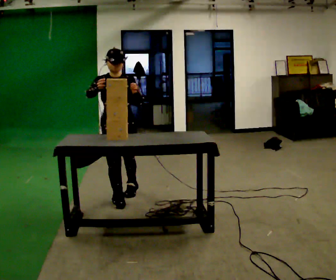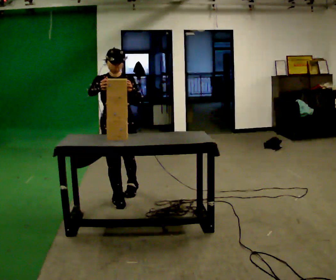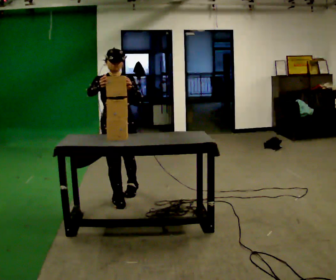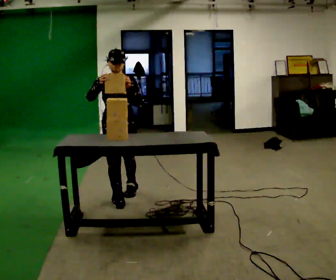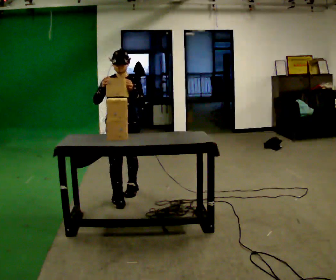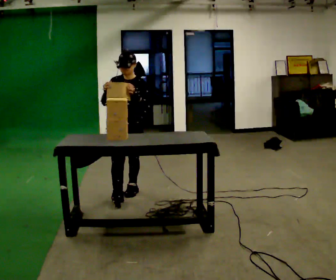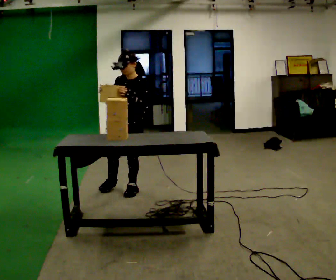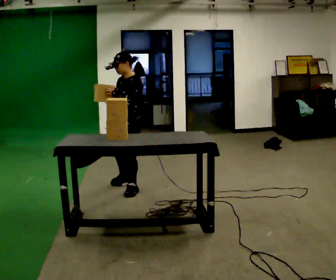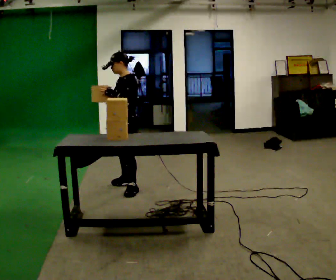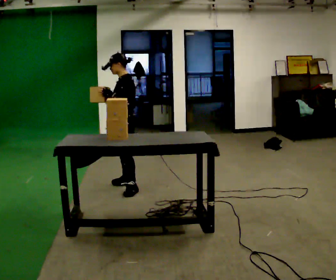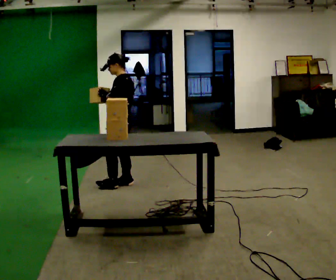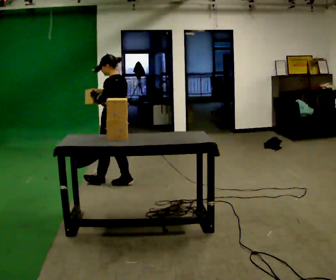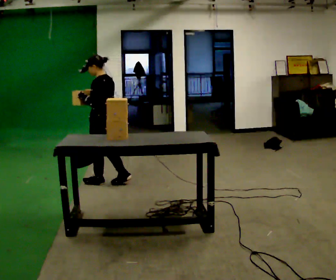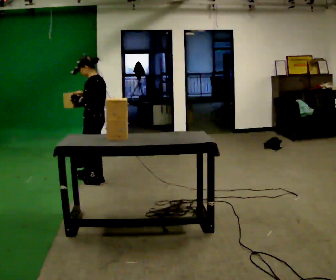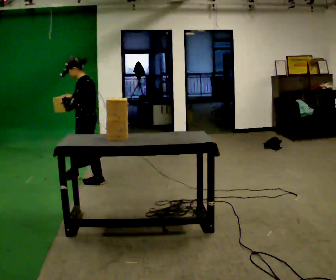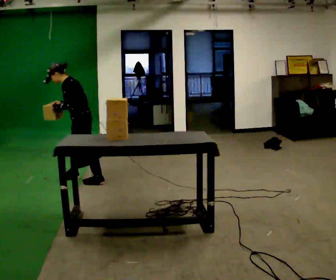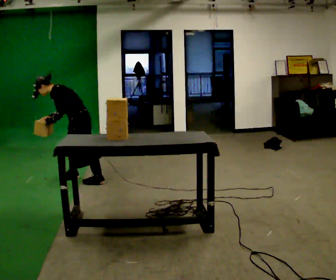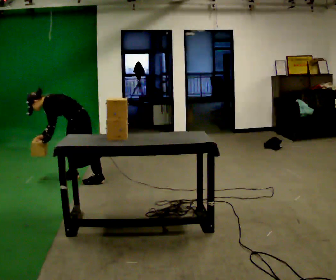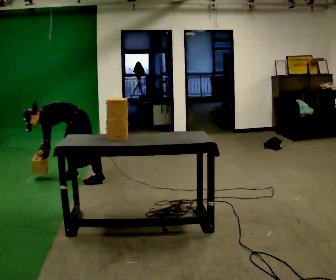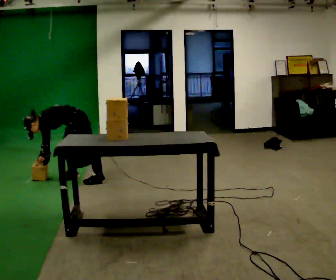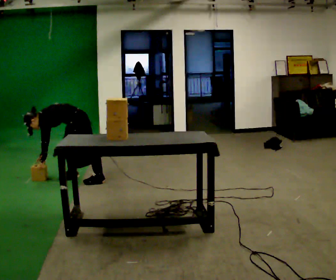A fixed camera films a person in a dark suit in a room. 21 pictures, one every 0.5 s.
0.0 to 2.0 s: The person moves a little, or ends about where they began.
2.0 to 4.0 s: Seen from above the body turns clockwise, about 60 degrees: to their right, with its near side sliding to the left. In the picture they go away from the camera, about 0.25 m in 1 step.
4.0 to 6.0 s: The person turns about 45 degrees to their right, clockwise seen from above, so the part of the body nearest the lens slides to the left. In the picture they go away from the camera and to the left, about 0.25 m in 1 step, which for them is forward and to their right.
6.0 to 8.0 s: The part of the body nearest the lens slides to the right as the person turns to their left by about 30 degrees. In the picture they go to the left and away from the camera, about 0.25 m in 1 step, which for them is forward and to their right. In the picture the upper body tilts counterclockwise, shoulders to the left, as they bend forward.
8.0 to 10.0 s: The upper body goes downward. In the picture the upper body tilts counterclockwise, shoulders to the left, as they bend forward. In the picture their right hand goes downward.
The film runs forward here.
